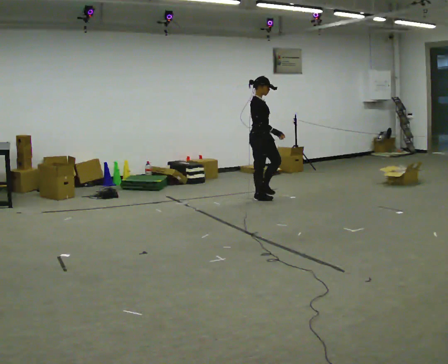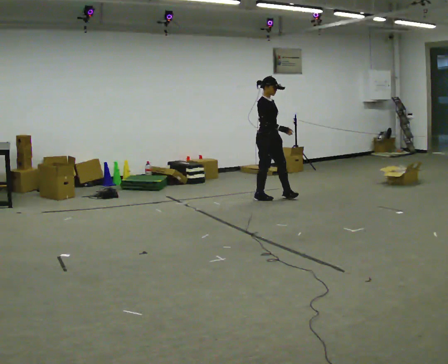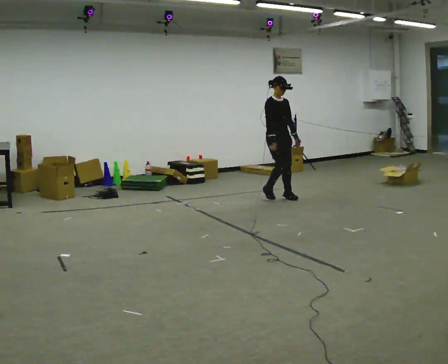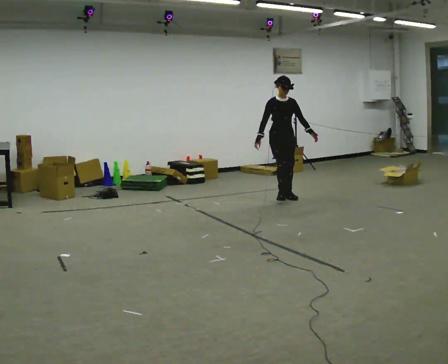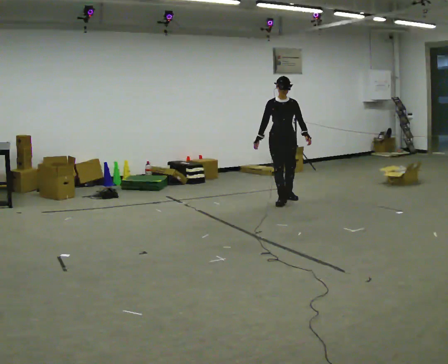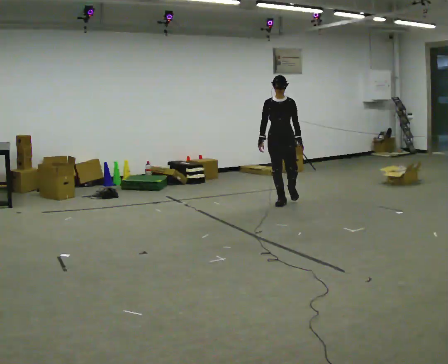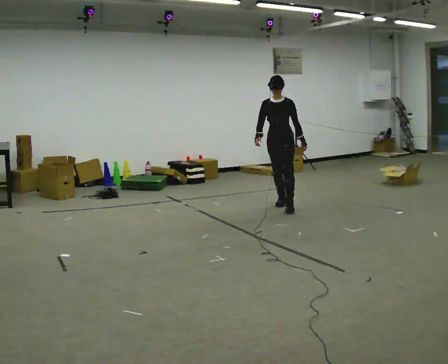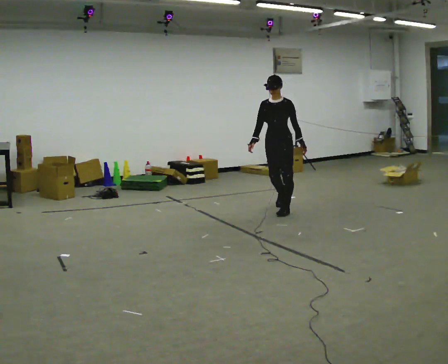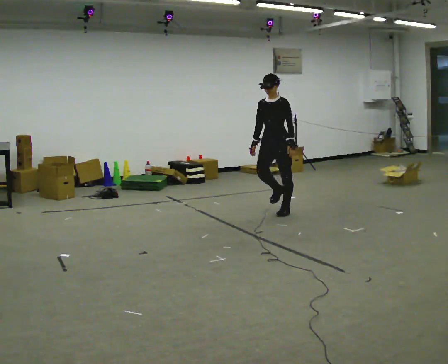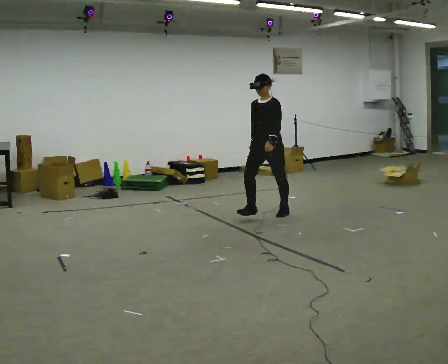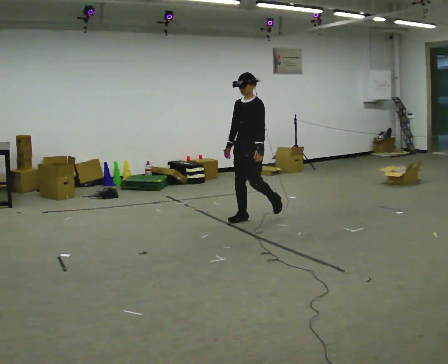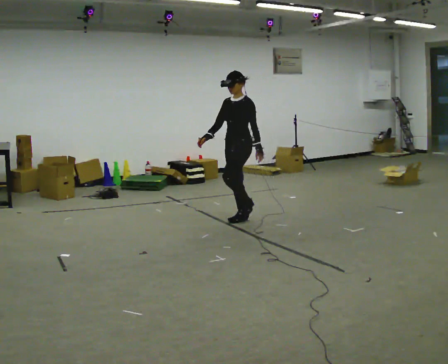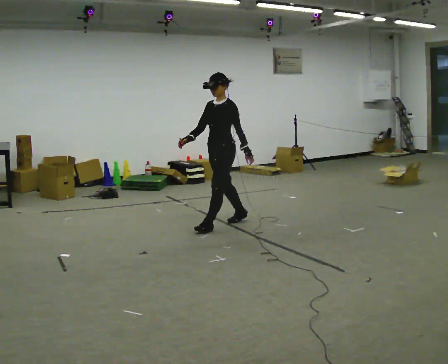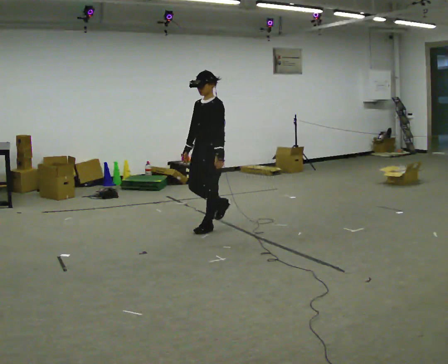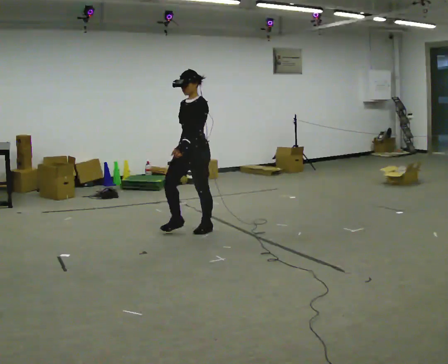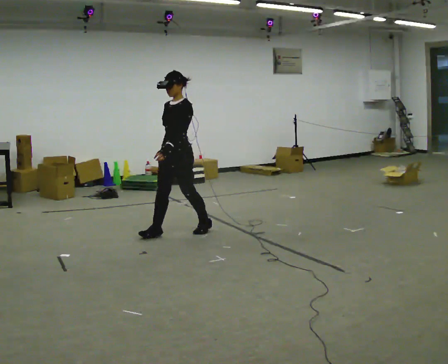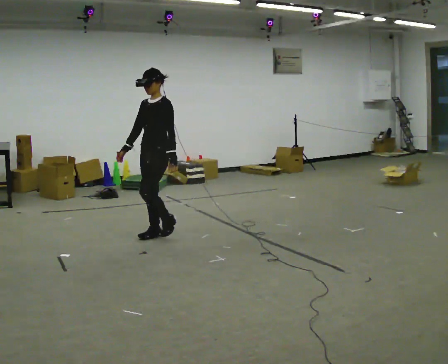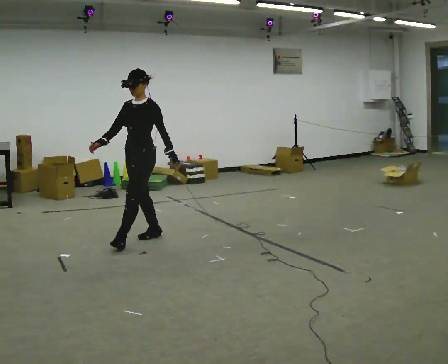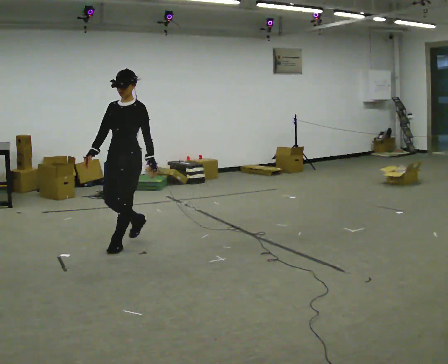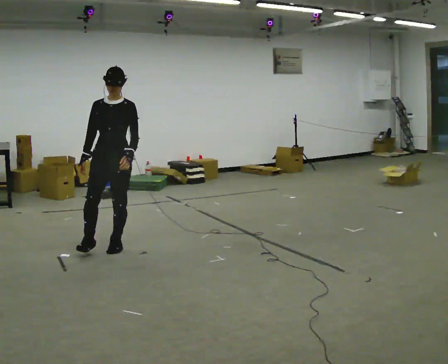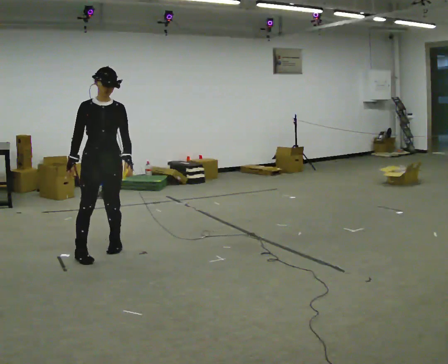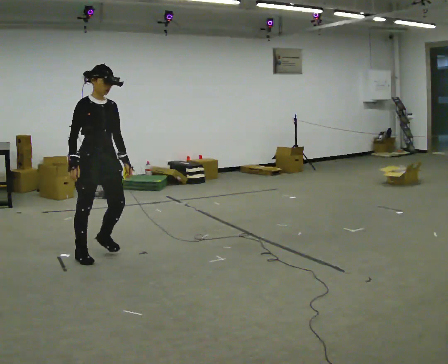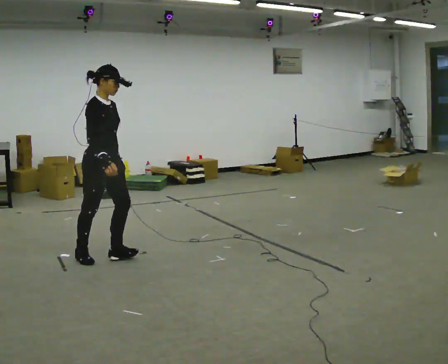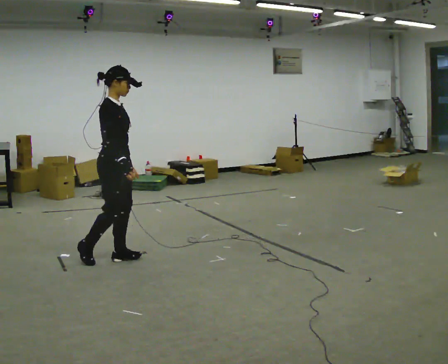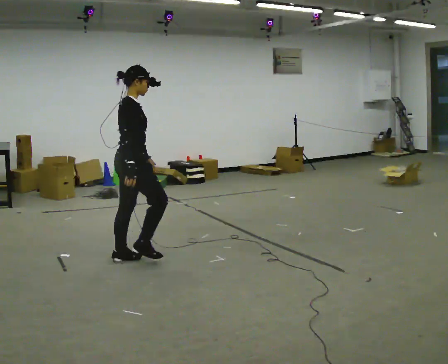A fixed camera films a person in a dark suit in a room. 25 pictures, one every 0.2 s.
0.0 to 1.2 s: The part of the body nearest the lens slides to the left as the person turns to their right by about 90 degrees. In the picture they go toward the camera and to the right, about 0.5 m in 2 steps.
1.2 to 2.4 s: The person turns about 30 degrees to their right, clockwise seen from above, so the part of the body nearest the lens slides to the left. In the picture they go toward the camera and to the left, about 1 m in 3 steps, which for them is forward.
2.4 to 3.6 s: The person turns about 30 degrees to their left, counterclockwise seen from above, so the part of the body nearest the lens slides to the right. In the picture they go to the left and toward the camera, about 1 m in 2 steps, which for them is forward.
3.6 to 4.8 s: The person turns about 135 degrees to their left, counterclockwise seen from above, so the part of the body nearest the lens slides to the right. In the picture they go toward the camera, about 0.25 m in 2 steps.
The film runs forward here.
